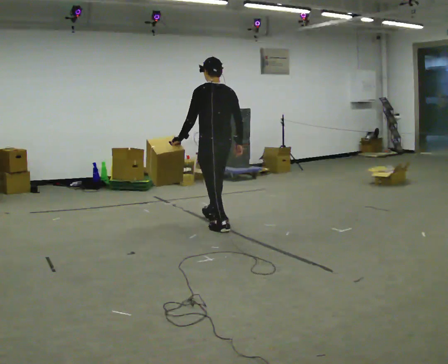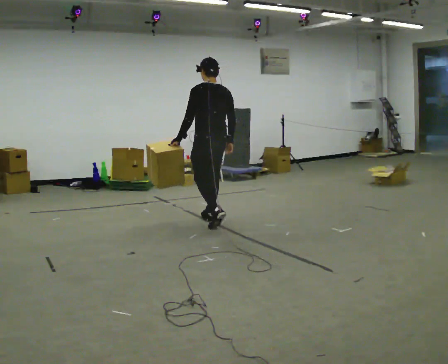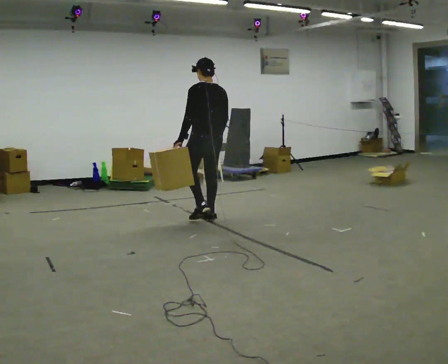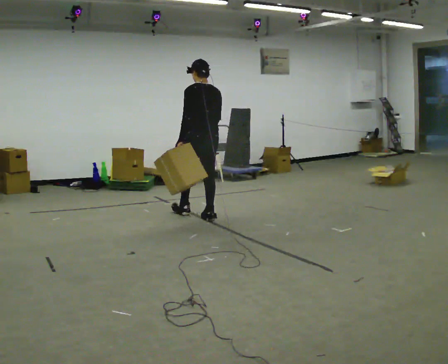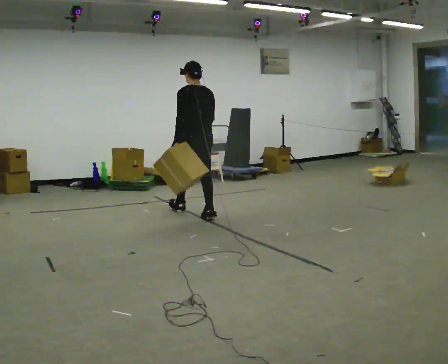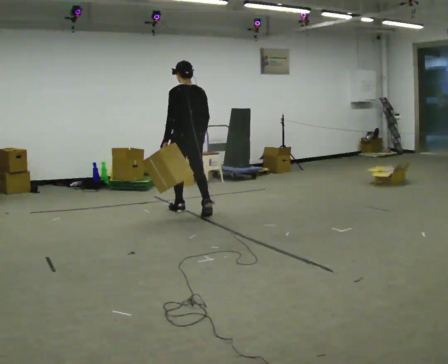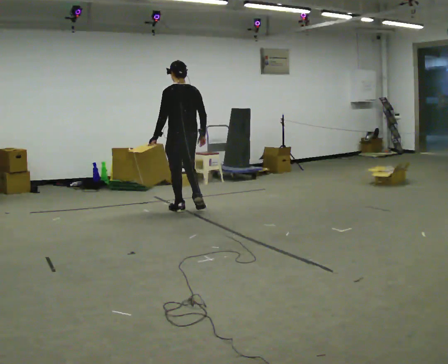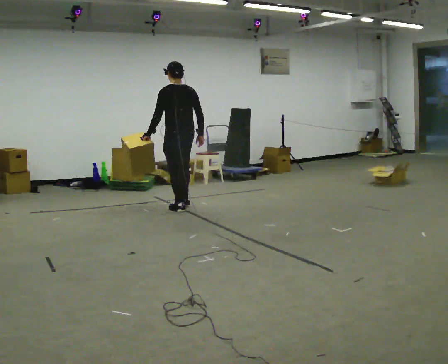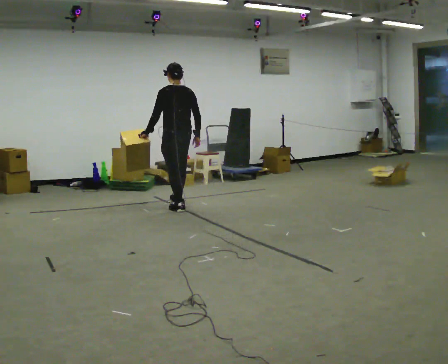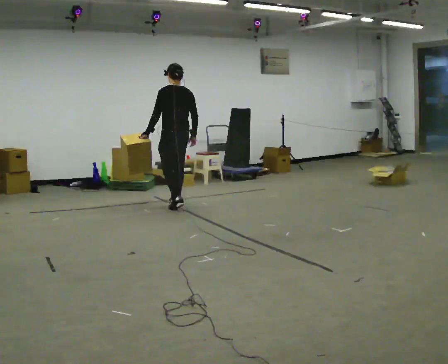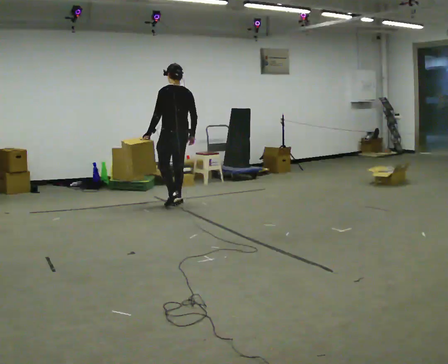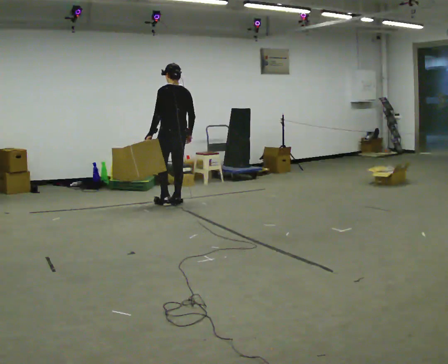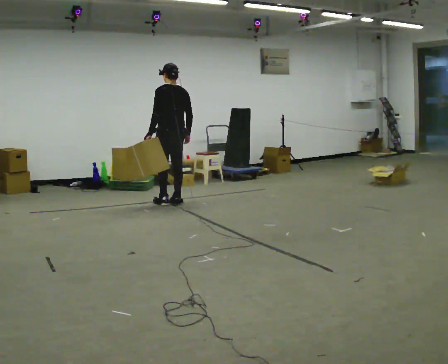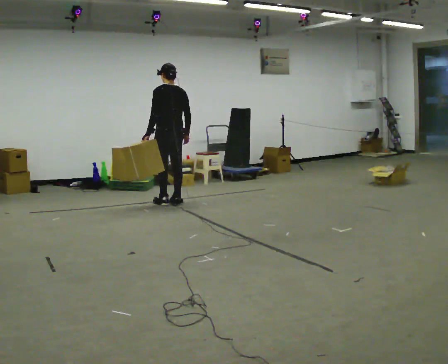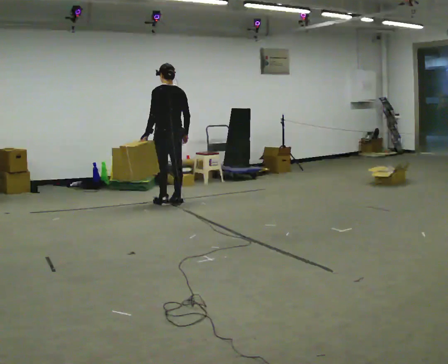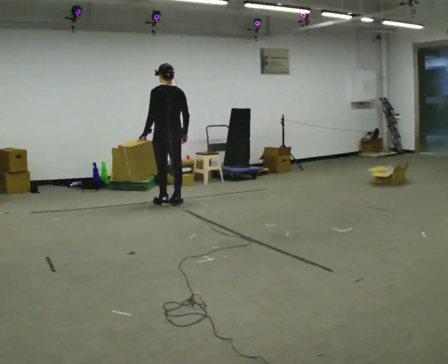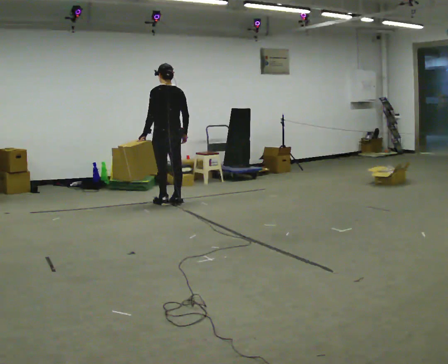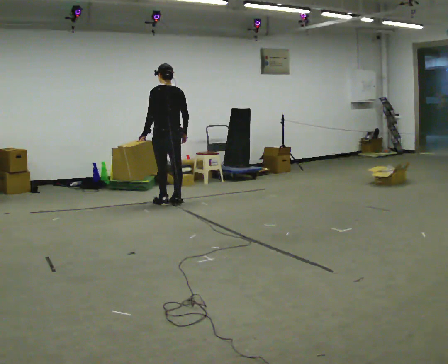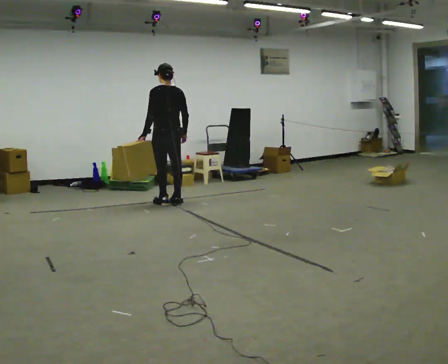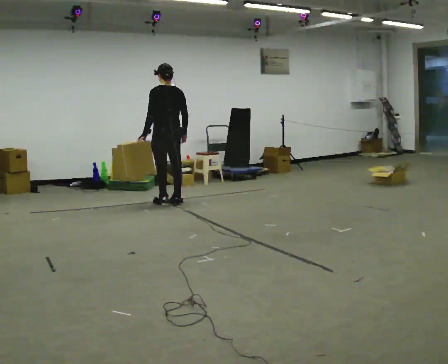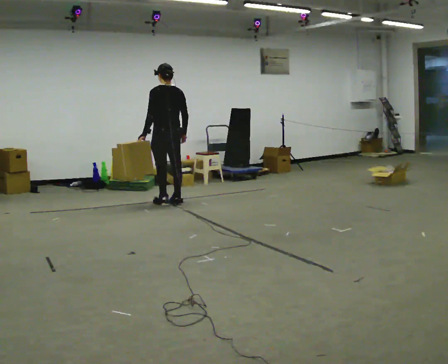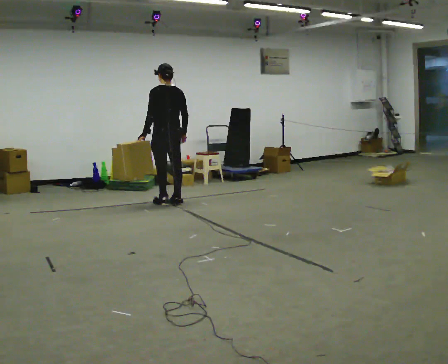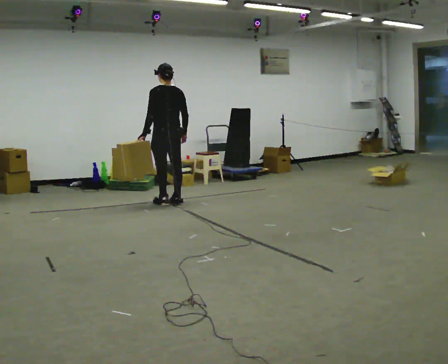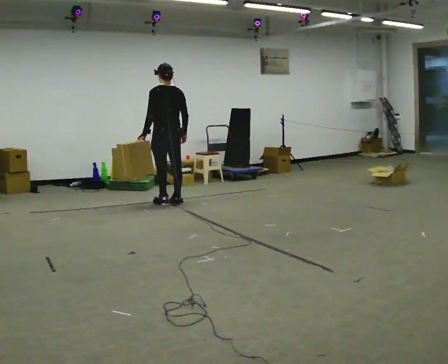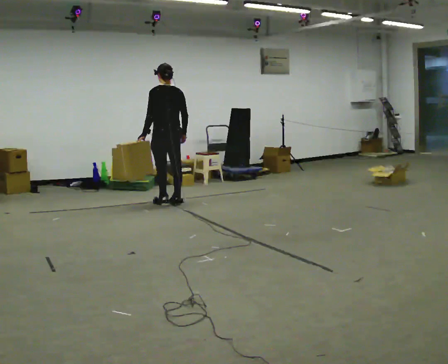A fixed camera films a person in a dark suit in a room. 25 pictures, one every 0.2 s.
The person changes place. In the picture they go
away from the camera.
0.0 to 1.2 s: In the picture they go away from the camera and to the left, about 1 m in 1 step, which for them is forward.
1.2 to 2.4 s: In the picture they go away from the camera, about 0.5 m in 2 steps, which for them is forward.
2.4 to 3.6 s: The person moves a little, or ends about where they began.
3.6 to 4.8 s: The person keeps their place and pose.
The film runs forward here.
